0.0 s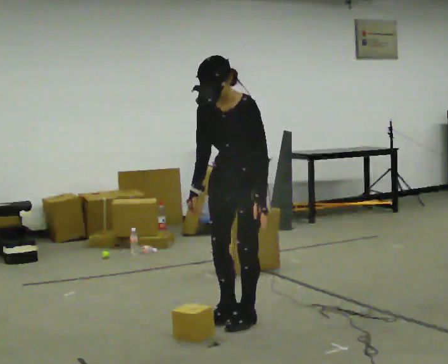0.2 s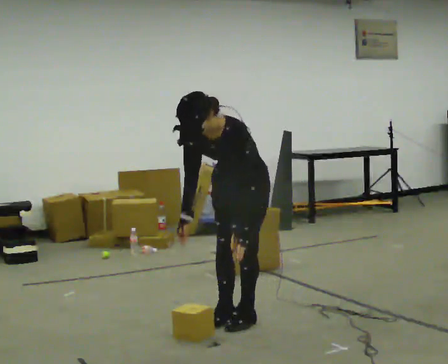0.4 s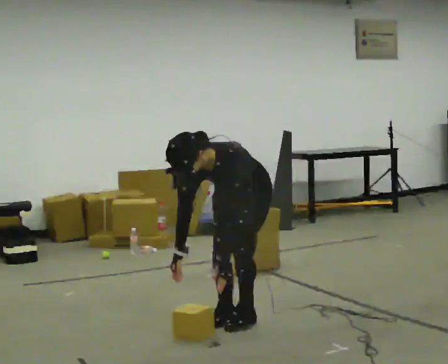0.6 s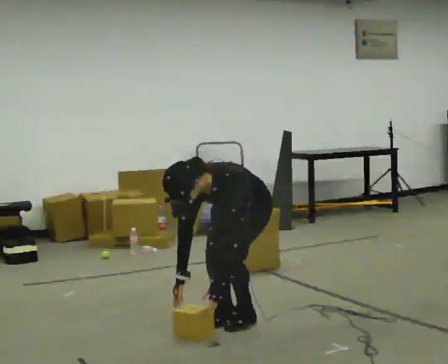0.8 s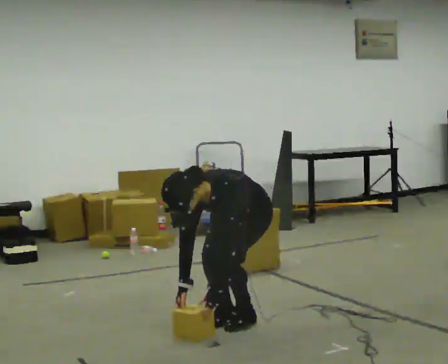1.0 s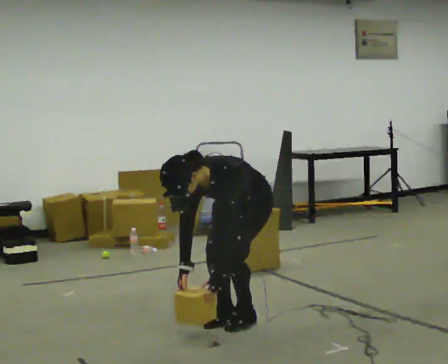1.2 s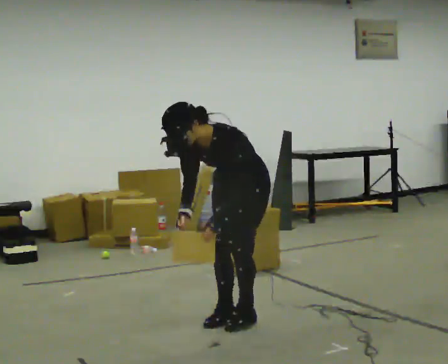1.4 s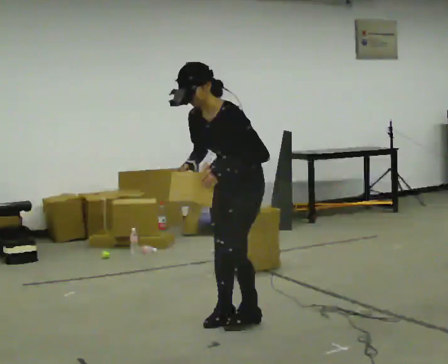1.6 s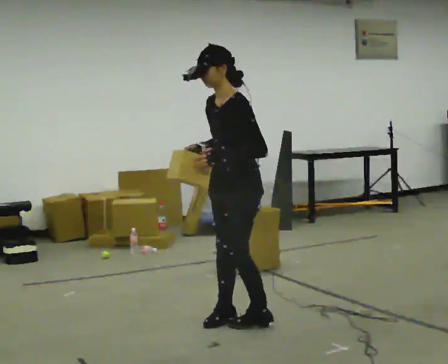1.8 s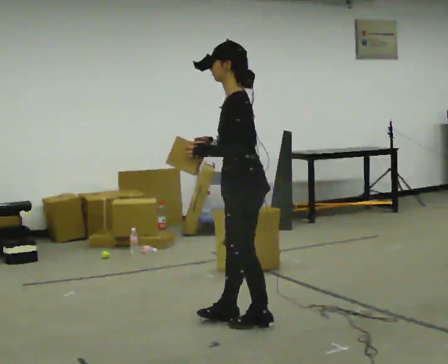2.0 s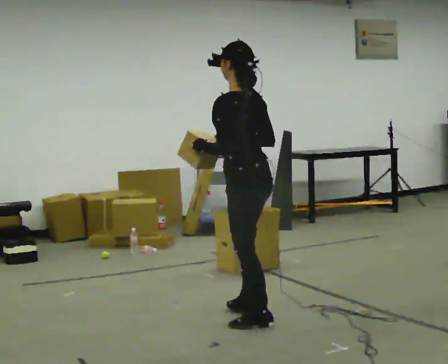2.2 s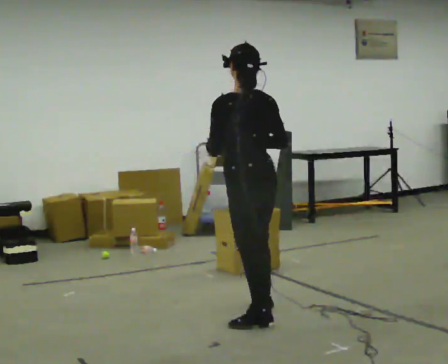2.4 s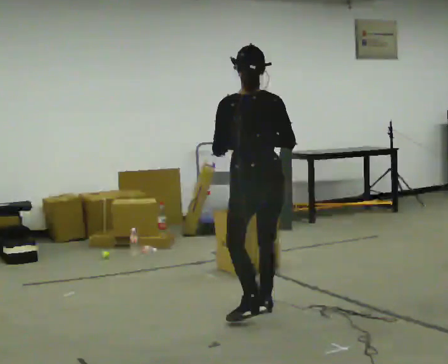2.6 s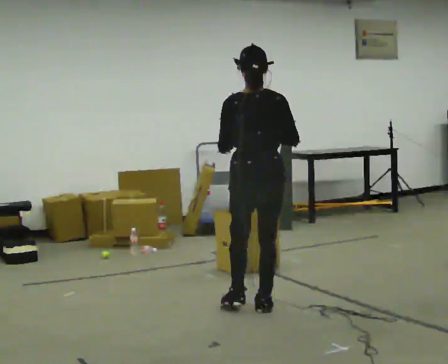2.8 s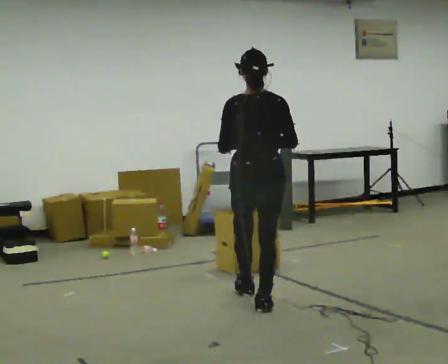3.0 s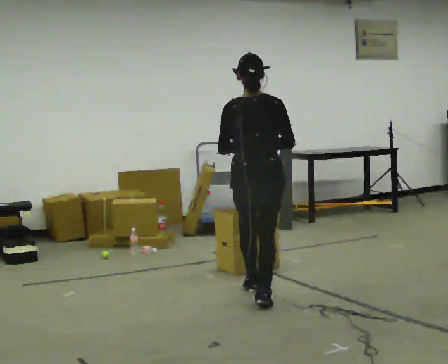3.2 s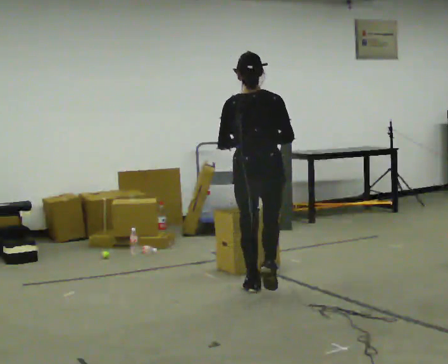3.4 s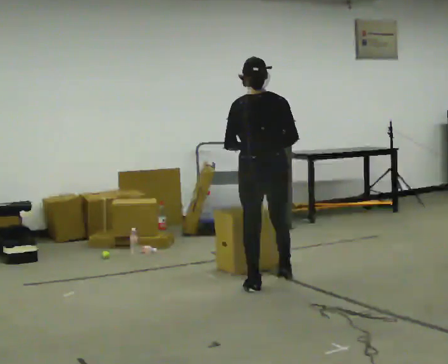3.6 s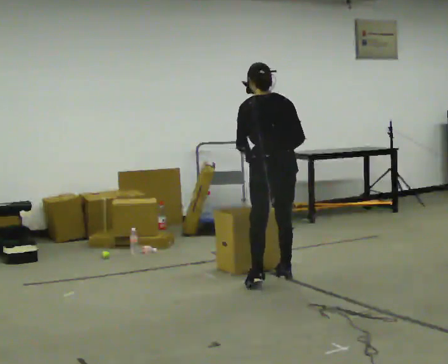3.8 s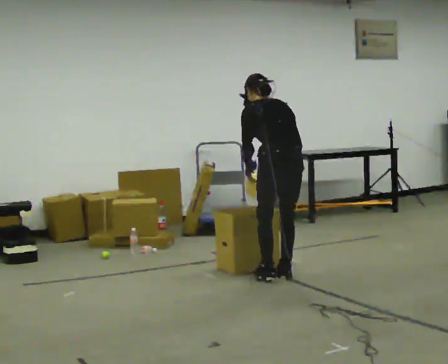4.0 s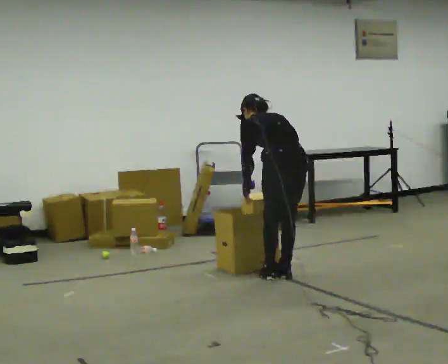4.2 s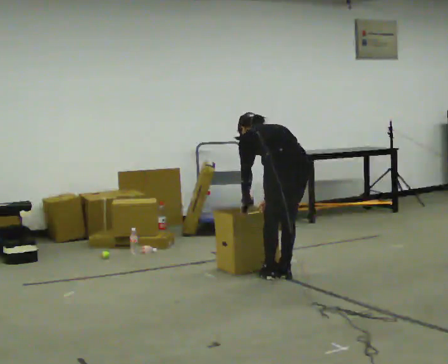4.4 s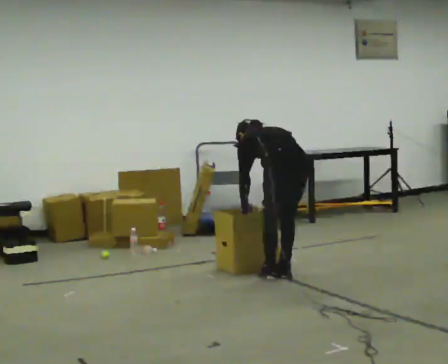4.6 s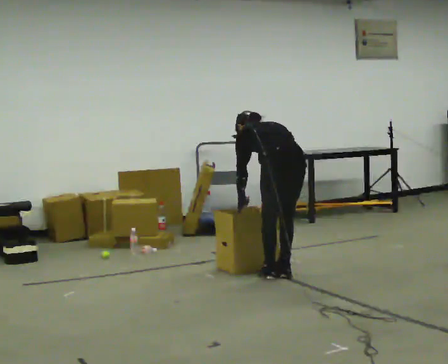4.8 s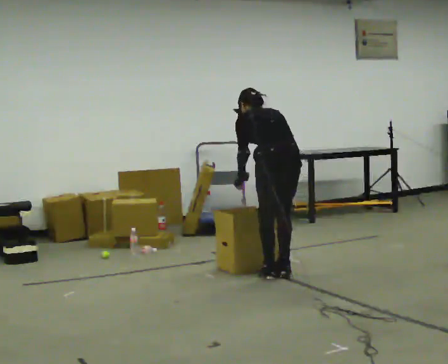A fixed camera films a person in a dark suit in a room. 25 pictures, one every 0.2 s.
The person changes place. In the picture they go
away from the camera.
0.0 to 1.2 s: The person moves a little, or ends about where they began.
1.2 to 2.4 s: Seen from above the body turns clockwise, about 120 degrees: to their right, with its near side sliding to the left. In the picture the upper body tilts clockwise, shoulders to the right, as they lean back or straighten. In the picture their right hand goes to the right and upward.
2.4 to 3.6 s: In the picture they go away from the camera, about 0.5 m in 2 steps, which for them is forward. The upper body tips away from the camera, its near side rolling upward, as they bend forward.
3.6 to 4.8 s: The person moves a little, or ends about where they began.
The film runs forward here.
